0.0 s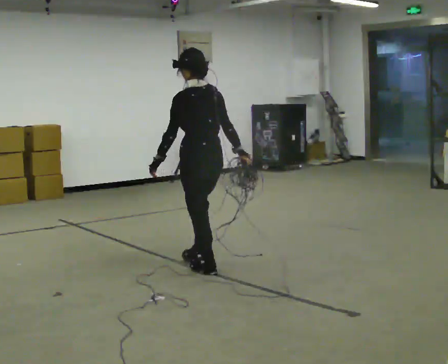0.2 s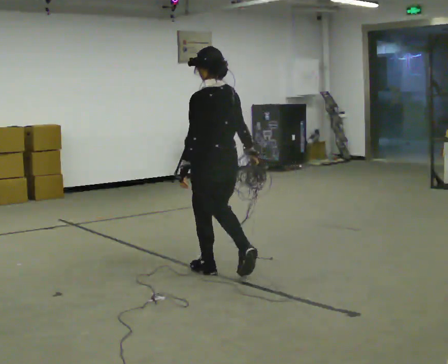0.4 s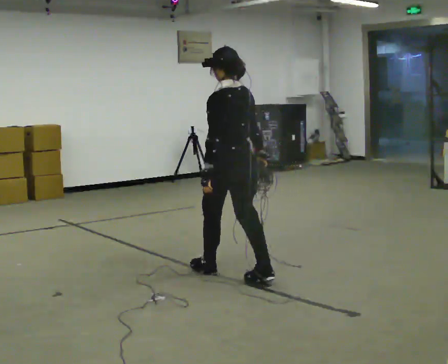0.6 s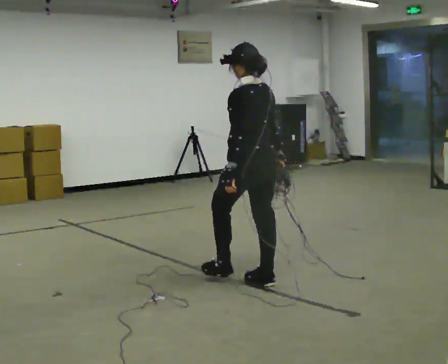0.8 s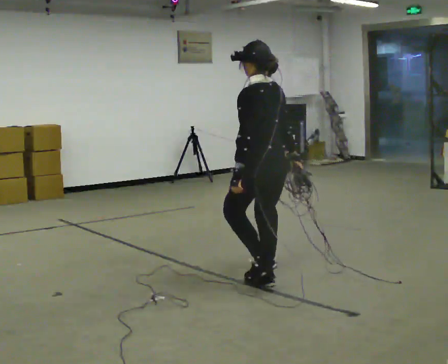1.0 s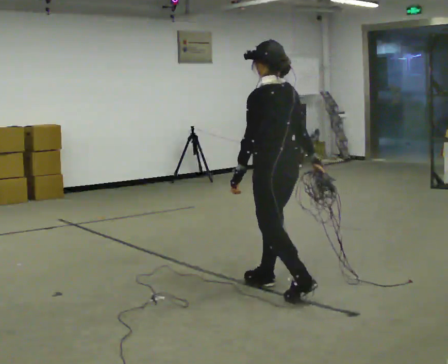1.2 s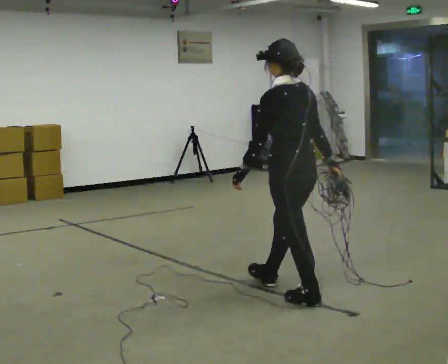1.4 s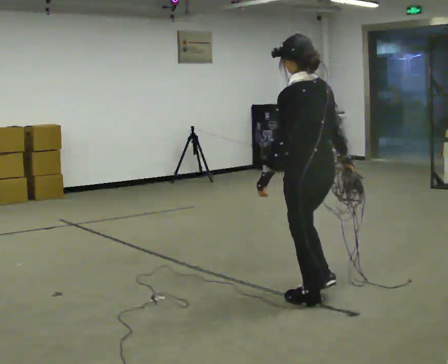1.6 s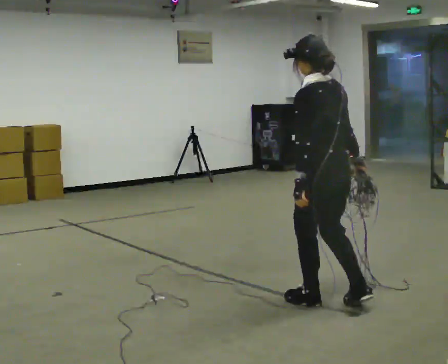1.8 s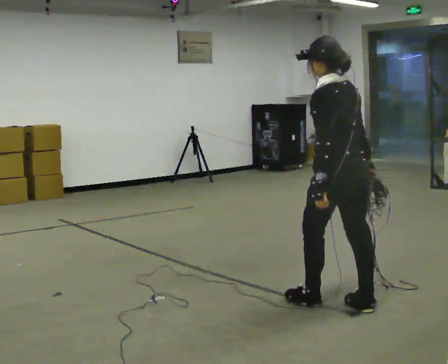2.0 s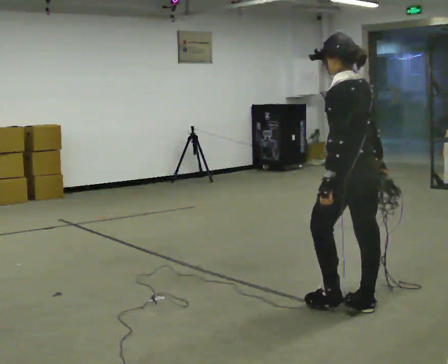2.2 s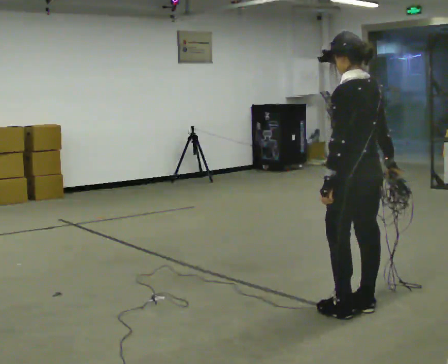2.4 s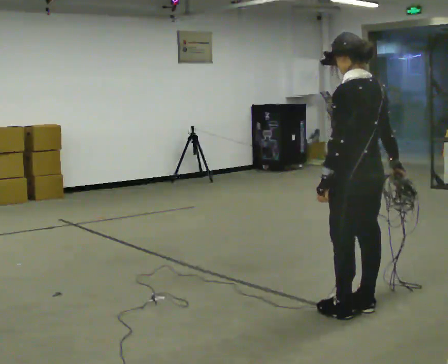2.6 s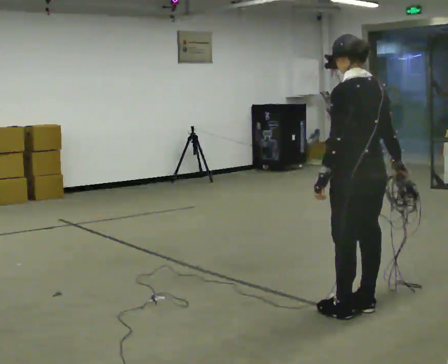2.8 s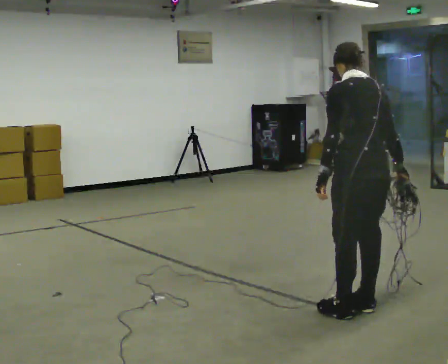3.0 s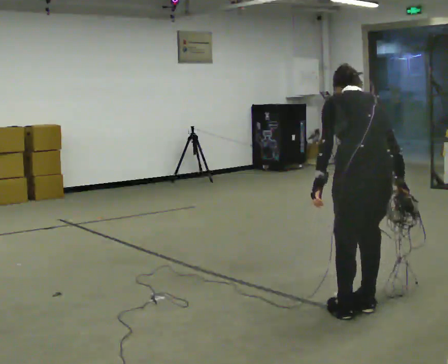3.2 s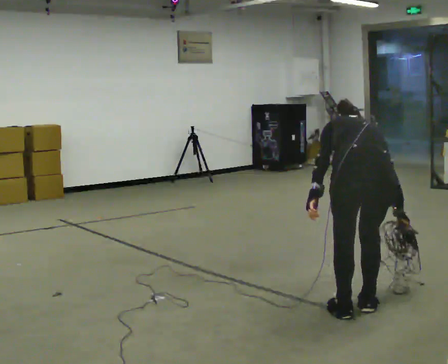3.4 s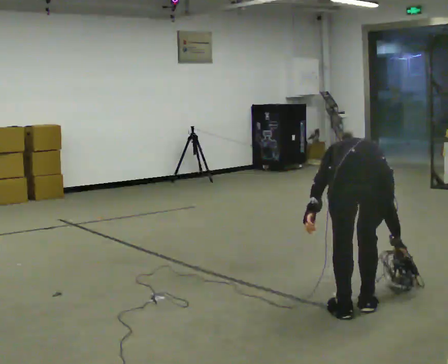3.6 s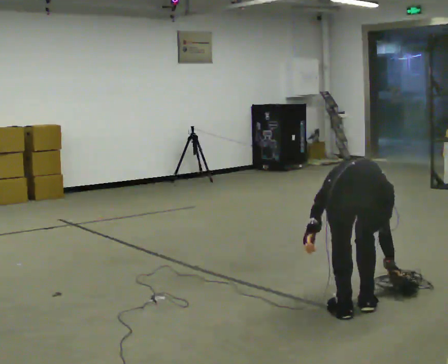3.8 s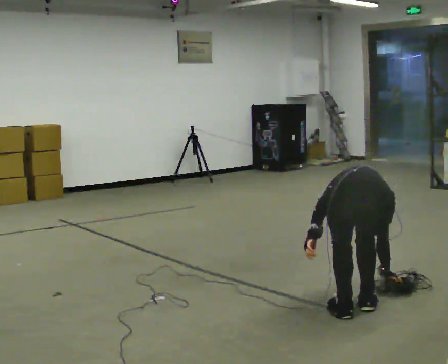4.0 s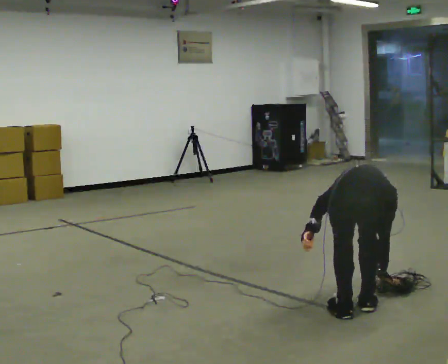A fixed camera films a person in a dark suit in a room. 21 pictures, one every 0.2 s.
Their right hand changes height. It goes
downward.
The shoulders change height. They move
downward.
0.0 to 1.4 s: In the picture they go to the right and toward the camera, about 1 m in 2 steps, which for them is backward.
1.4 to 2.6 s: In the picture they go to the right and toward the camera, about 0.25 m in 1 step, which for them is backward.
2.6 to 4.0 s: The part of the body nearest the lens slides to the left as the person turns to their right by about 45 degrees. The upper body goes downward. The upper body tips away from the camera, its near side rolling upward, as they bend forward.
The film runs backward here.
